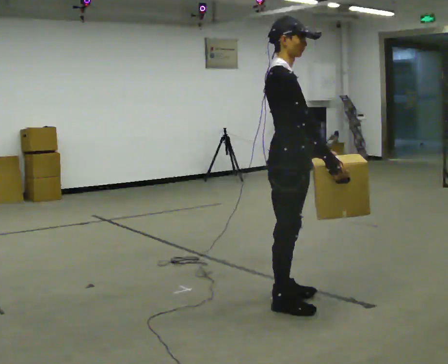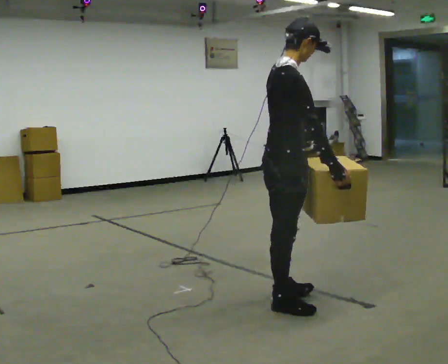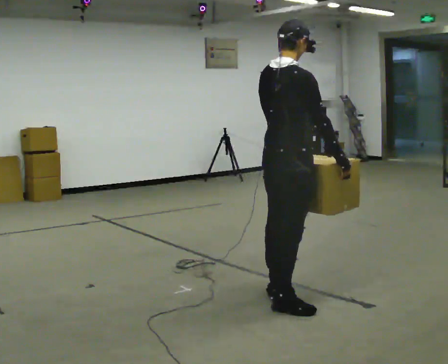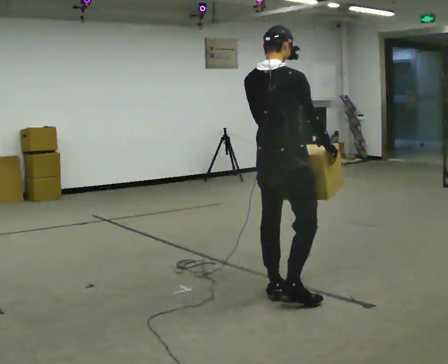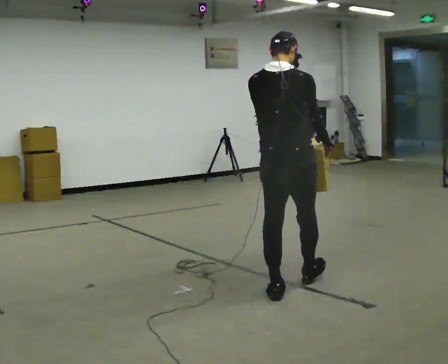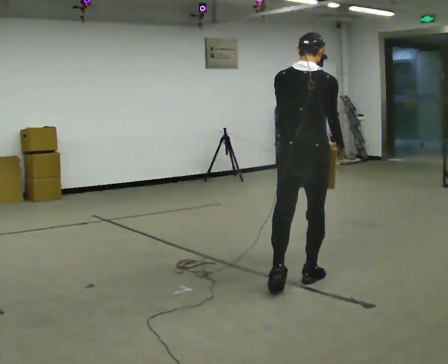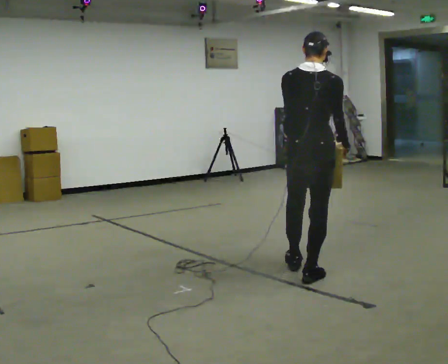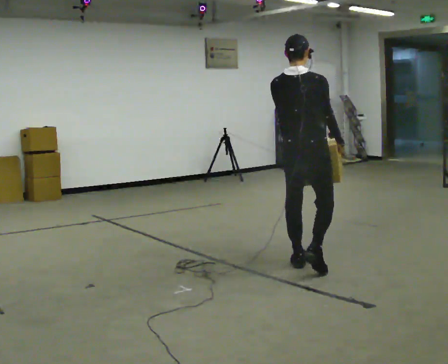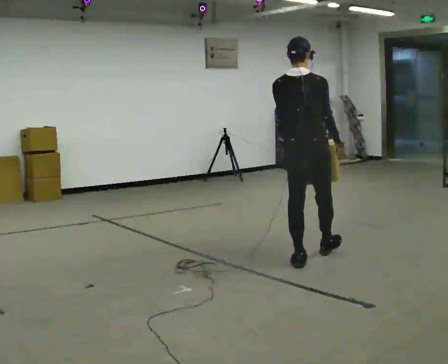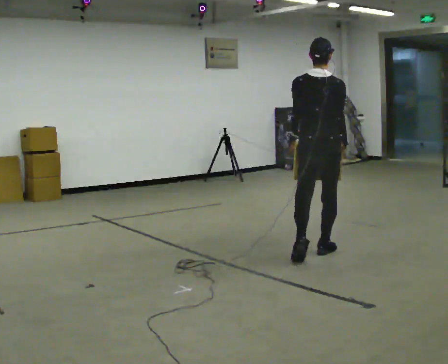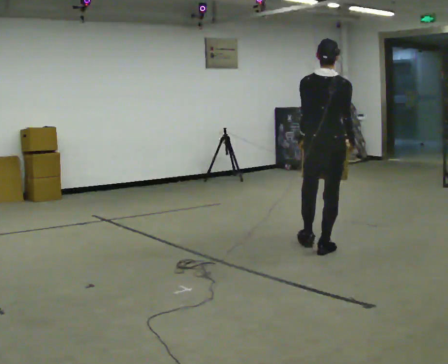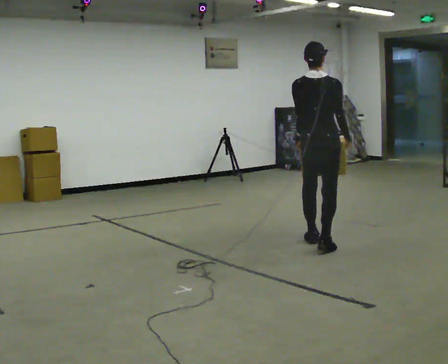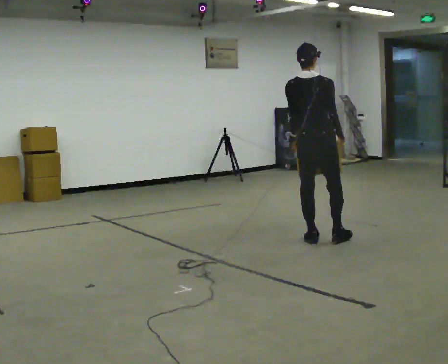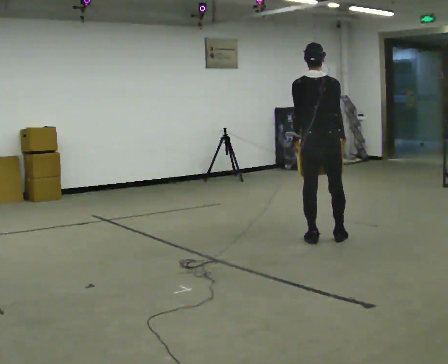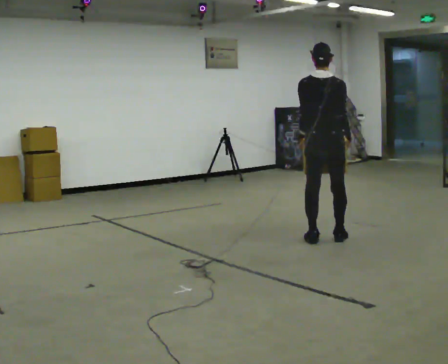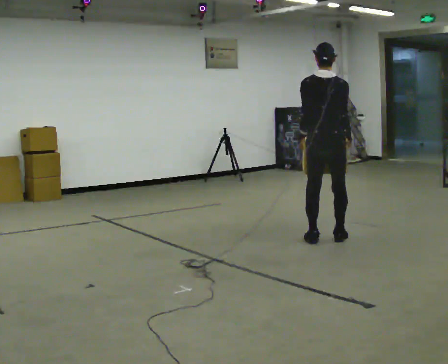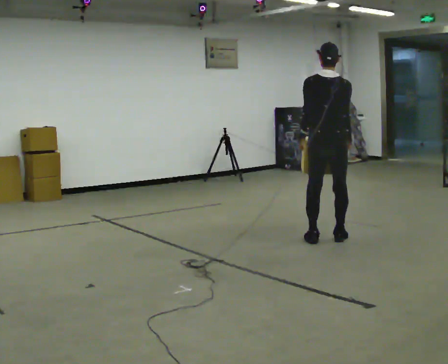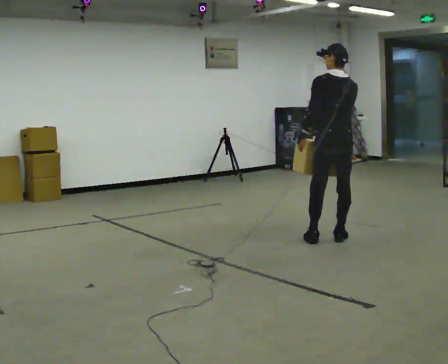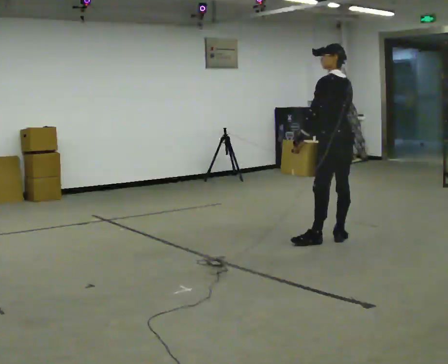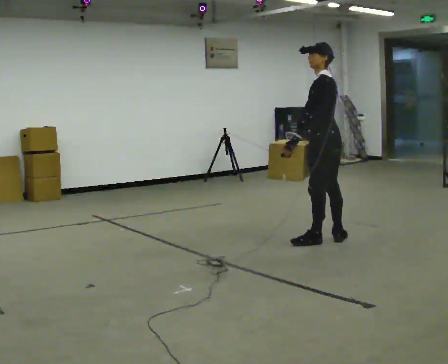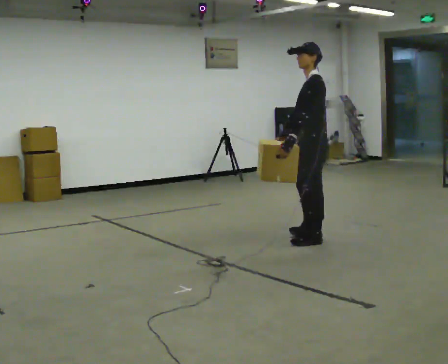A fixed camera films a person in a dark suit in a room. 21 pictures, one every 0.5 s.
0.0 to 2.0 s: Seen from above the body turns counterclockwise, about 75 degrees: to their left, with its near side sliding to the right. In the picture they go away from the camera, about 0.25 m in 1 step.
2.0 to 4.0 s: In the picture they go away from the camera, about 1 m in 1 step, which for them is forward.
4.0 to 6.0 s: In the picture they go away from the camera, about 0.75 m in 2 steps, which for them is forward.
6.0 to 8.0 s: The person moves a little, or ends about where they began.
8.0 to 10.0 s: Seen from above the body turns counterclockwise, about 90 degrees: to their left, with its near side sliding to the right. In the picture their right hand goes to the left, the arm swinging clockwise.
The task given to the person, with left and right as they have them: Carry the heavy box in both hands in front of you, walking back and forth across the room. Keep walking until the operator says stop. Set it down if you need a rest.
The film runs forward here.
